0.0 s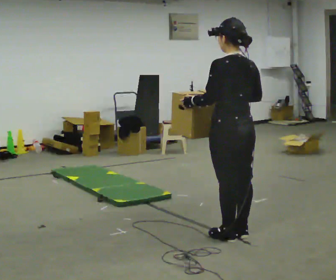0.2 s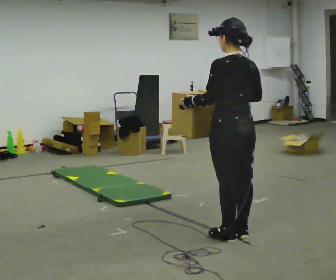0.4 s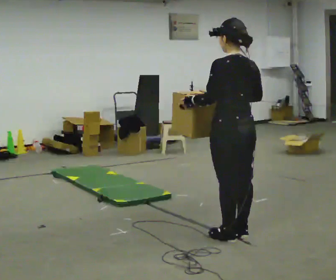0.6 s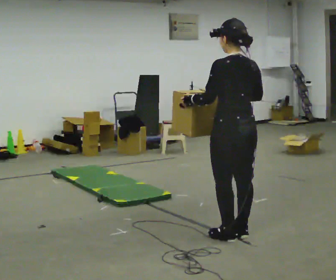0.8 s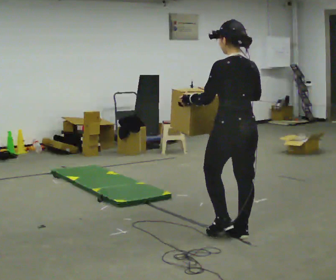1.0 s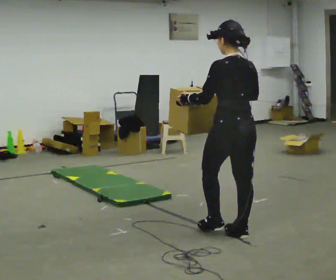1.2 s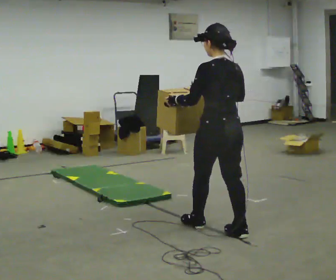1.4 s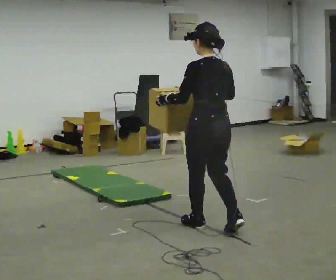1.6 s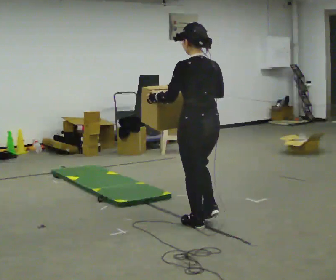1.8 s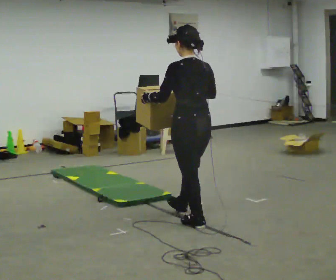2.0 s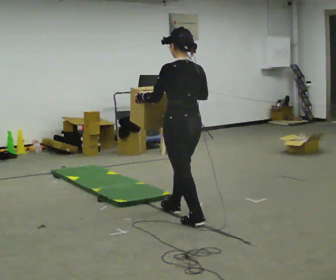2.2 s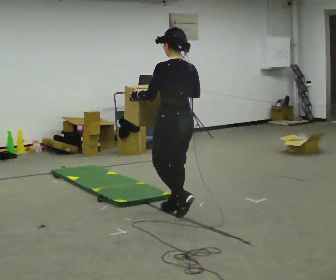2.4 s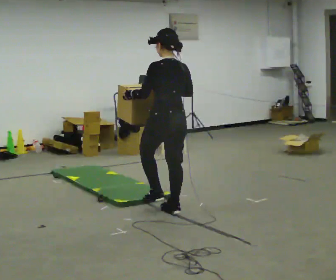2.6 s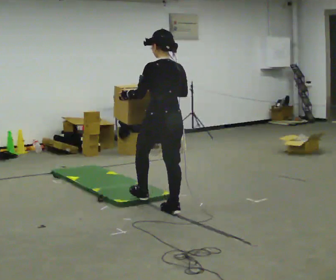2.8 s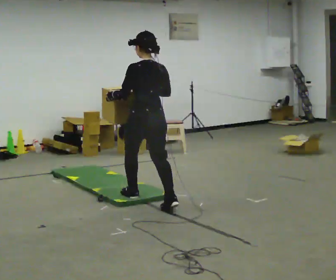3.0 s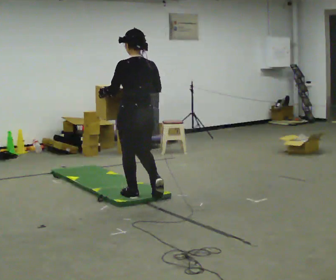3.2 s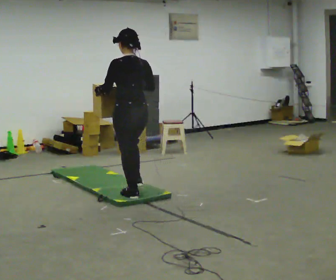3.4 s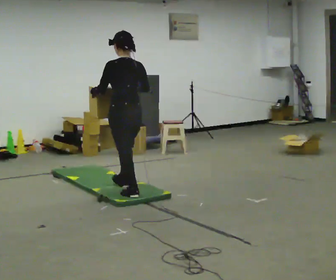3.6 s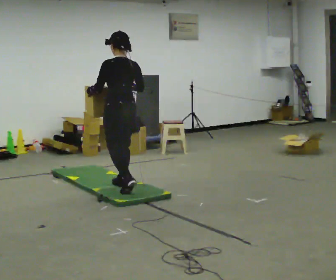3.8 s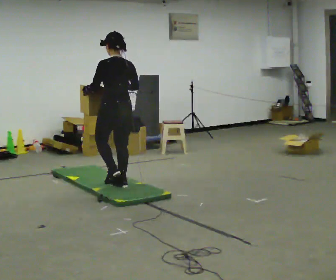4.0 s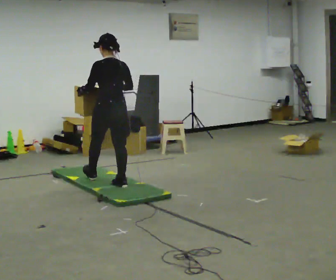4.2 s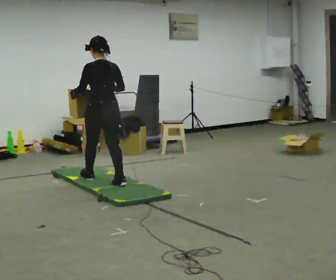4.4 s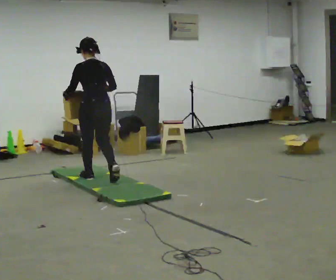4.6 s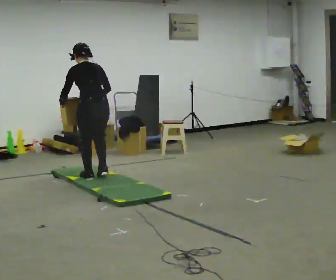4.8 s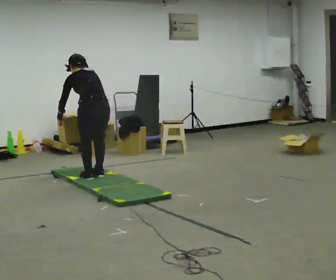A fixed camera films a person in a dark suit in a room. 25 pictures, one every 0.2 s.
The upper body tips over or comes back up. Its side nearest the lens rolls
upward.
0.0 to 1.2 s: In the picture they go away from the camera, about 0.25 m in 1 step, which for them is forward.
1.2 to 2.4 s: In the picture they go away from the camera and to the left, about 0.5 m in 1 step, which for them is forward.
2.4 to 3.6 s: In the picture they go away from the camera and to the left, about 1 m in 2 steps, which for them is forward.
3.6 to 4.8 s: In the picture they go away from the camera and to the left, about 0.5 m in 2 steps, which for them is forward. The upper body tips away from the camera, its near side rolling upward, as they bend forward.
The film runs forward here.
